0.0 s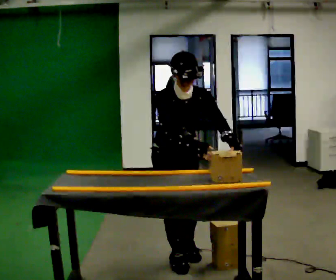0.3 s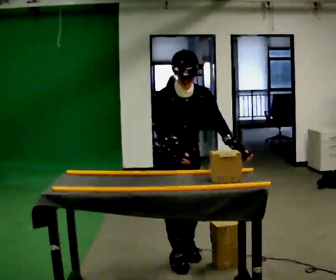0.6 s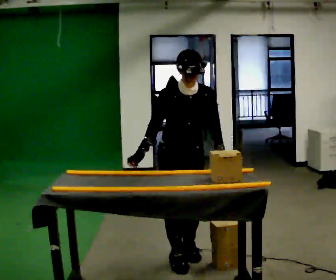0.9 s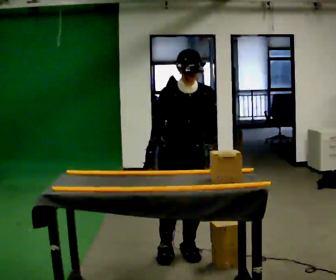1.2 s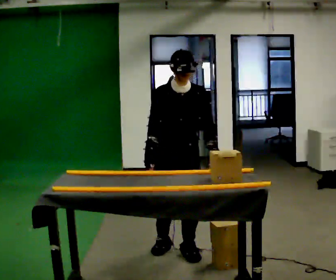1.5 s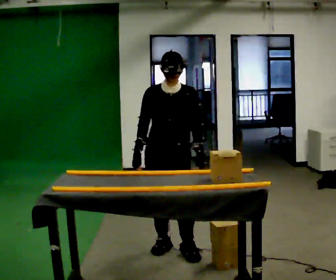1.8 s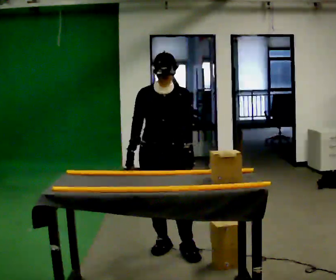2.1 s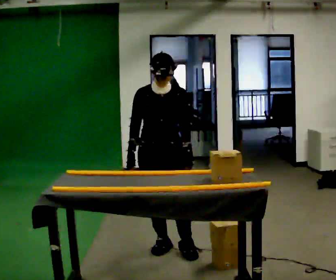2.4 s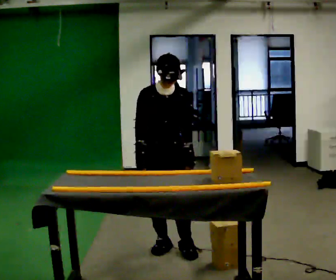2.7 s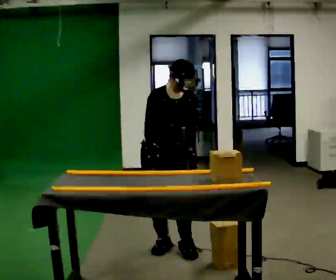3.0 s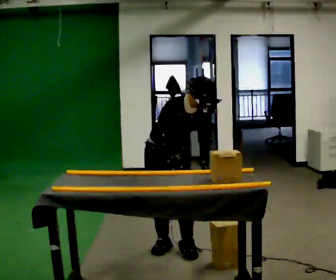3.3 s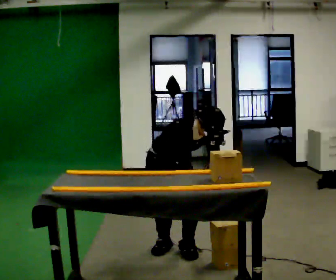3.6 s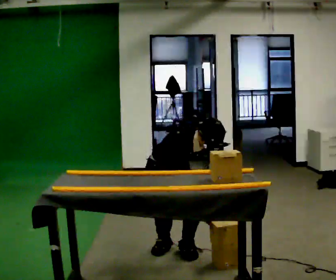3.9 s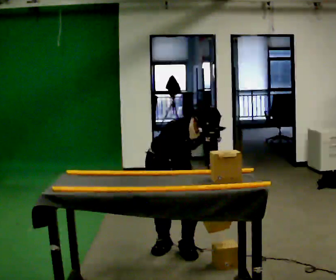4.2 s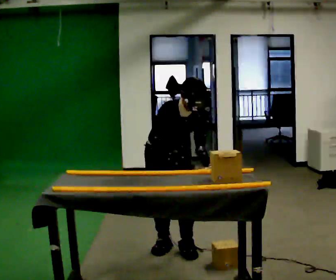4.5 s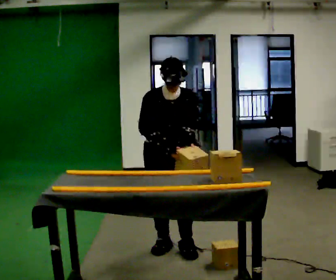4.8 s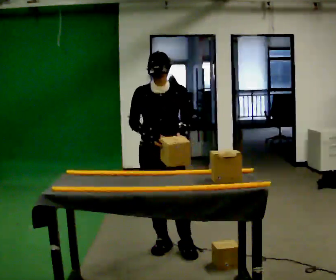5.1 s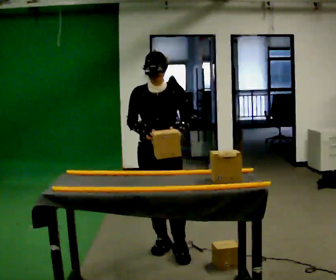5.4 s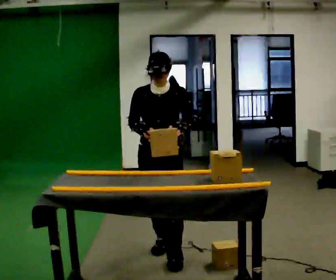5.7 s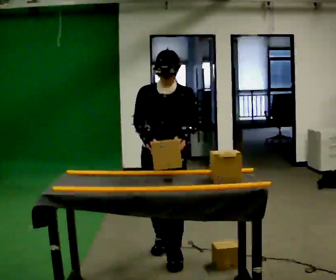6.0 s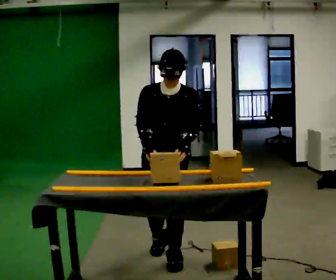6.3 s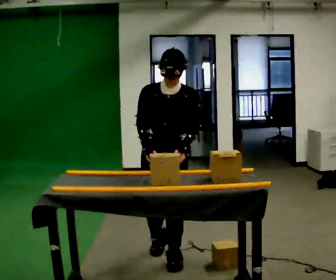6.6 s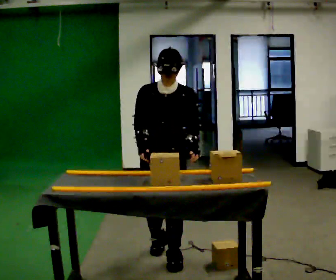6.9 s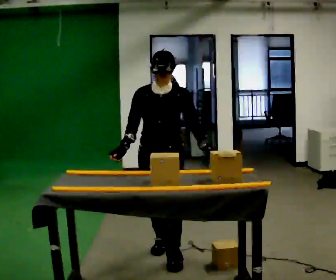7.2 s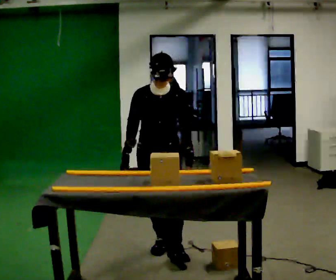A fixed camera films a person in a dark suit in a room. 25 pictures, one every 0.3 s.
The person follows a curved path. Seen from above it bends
counterclockwise.
0.0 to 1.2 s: In the picture they go away from the camera, about 0.25 m in 1 step, which for them is backward.
1.2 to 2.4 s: The person moves a little, or ends about where they began.
2.4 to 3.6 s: The upper body goes downward. The upper body tips toward the camera, its near side rolling downward, as they bend forward. In the picture their right hand goes to the right and downward.
3.6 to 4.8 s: Seen from above the body turns clockwise, about 30 degrees: to their right, with its near side sliding to the left. The upper body goes upward. The upper body tips away from the camera, its near side rolling upward, as they lean back or straighten. In the picture their right hand goes upward and to the left.
4.8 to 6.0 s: In the picture they go toward the camera, about 0.25 m in 1 step, which for them is forward.
6.0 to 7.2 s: In the picture they go away from the camera, about 0.25 m, which for them is backward.
The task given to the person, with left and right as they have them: Slide the object into the slot on the shelf in front of you. It is a close fit, so take the time you need. Repeat at your own pace until the operator says stop. Keep both feet on the marked spots for the whole take. If you have to step, stop and tell the operator.
The film runs forward here.
